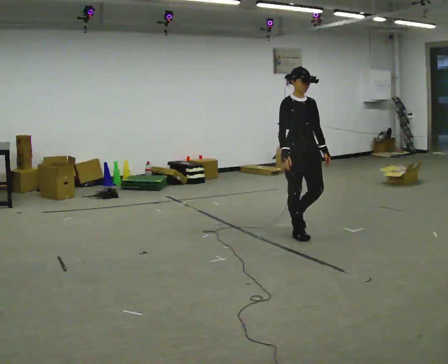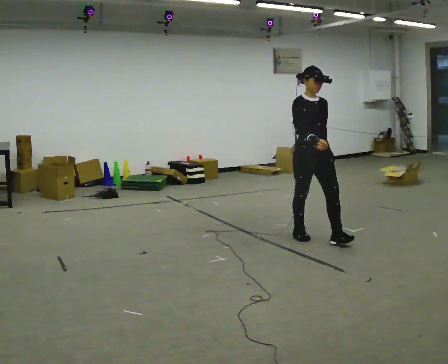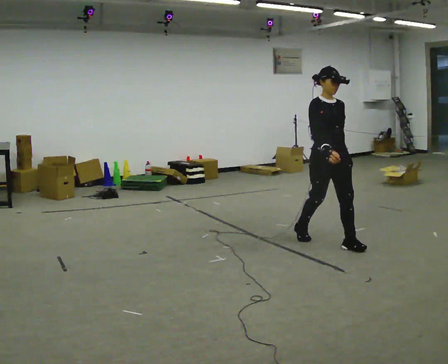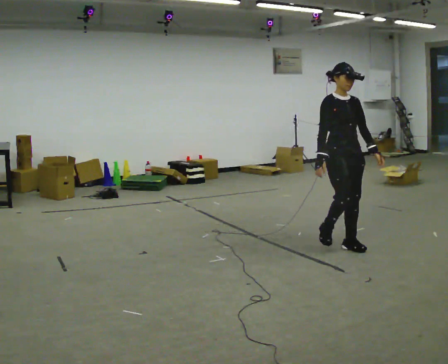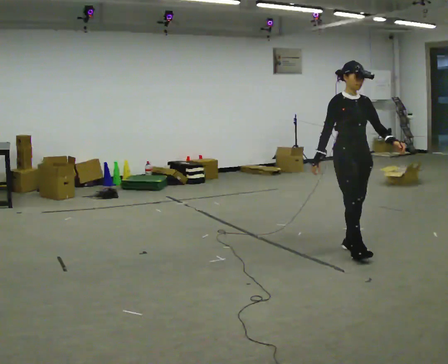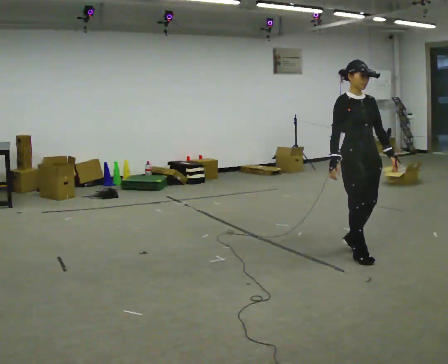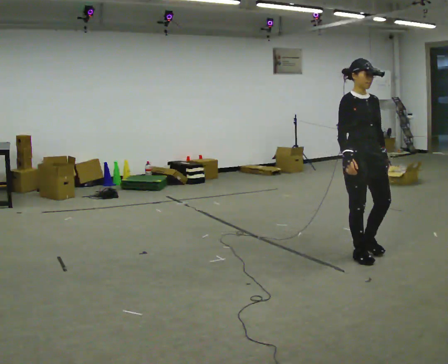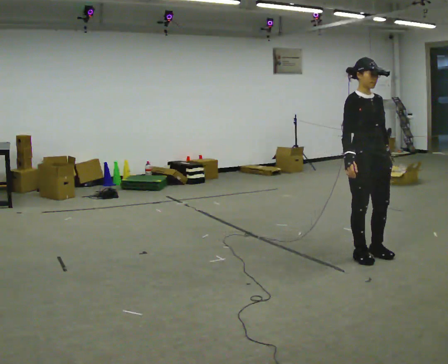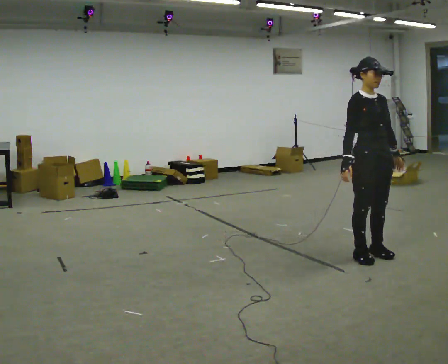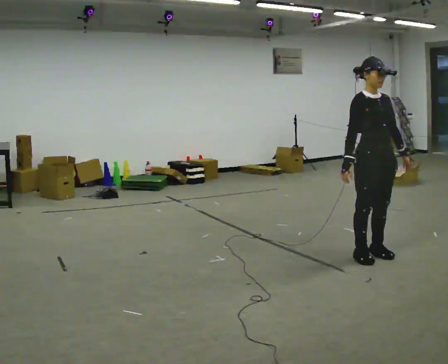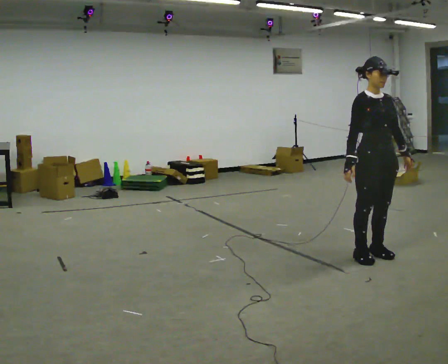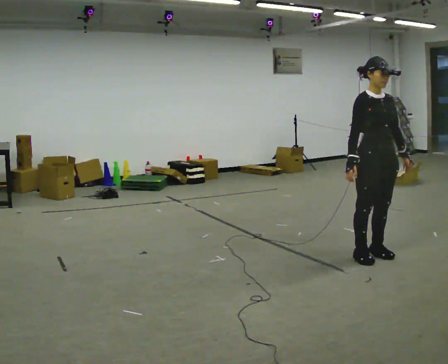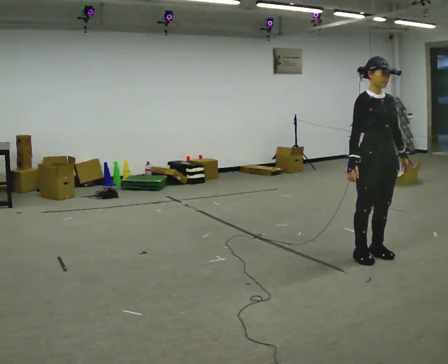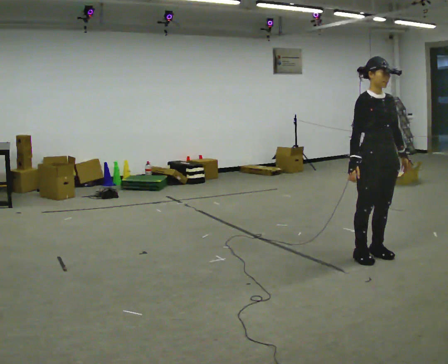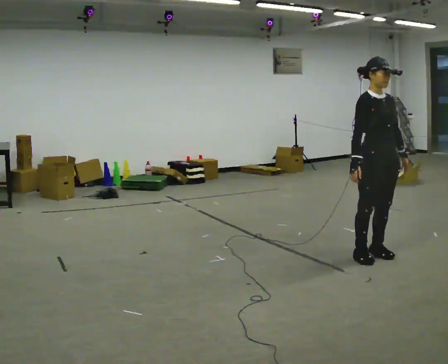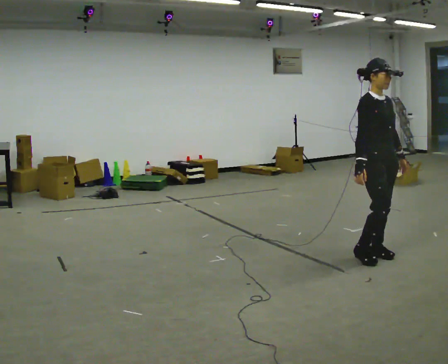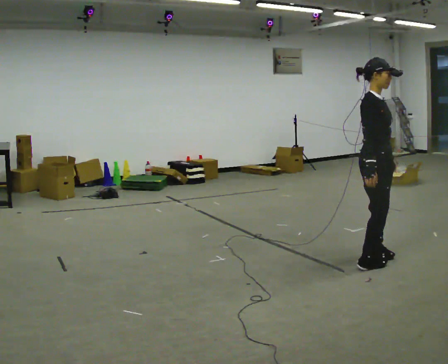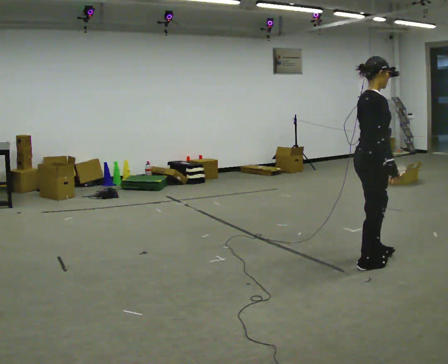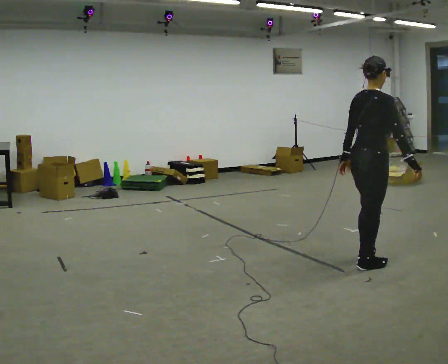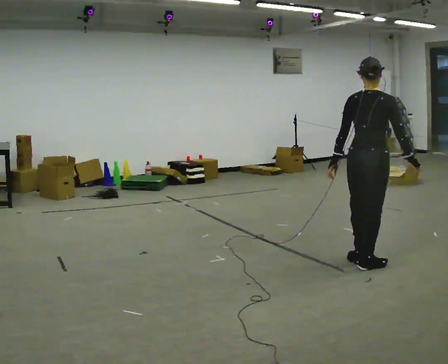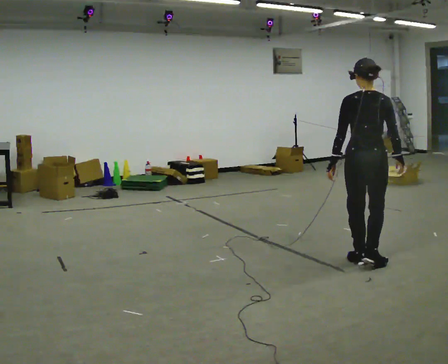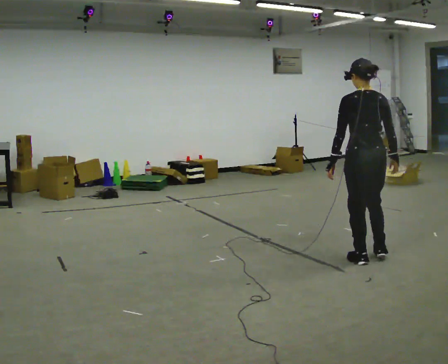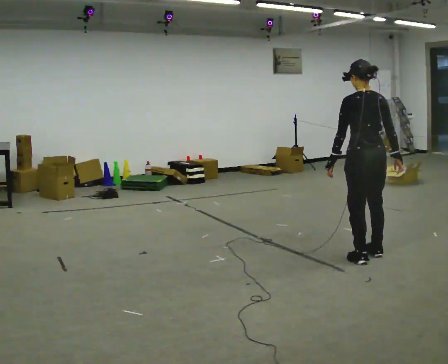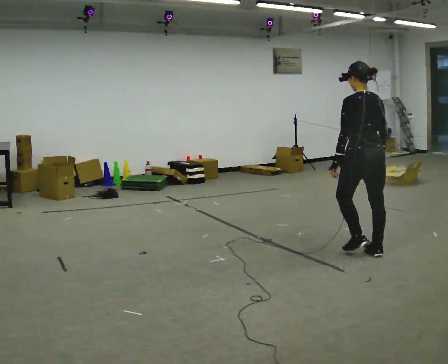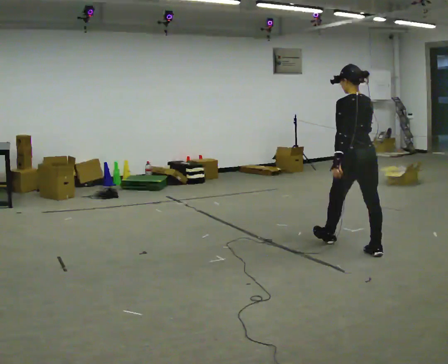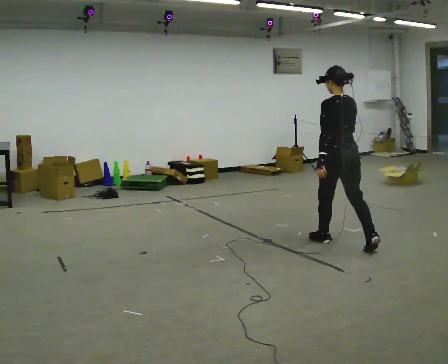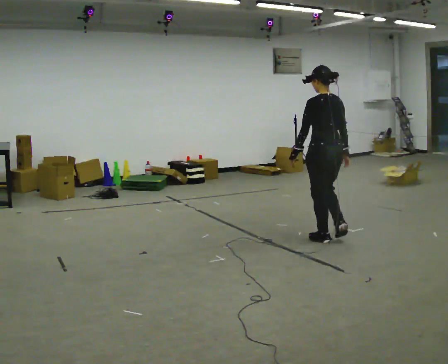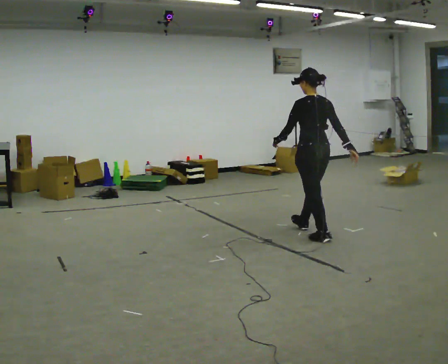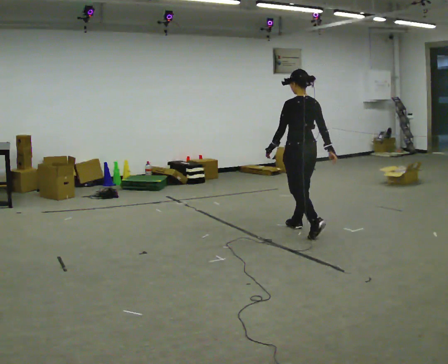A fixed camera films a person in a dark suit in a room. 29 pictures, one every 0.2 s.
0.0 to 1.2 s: In the picture they go toward the camera and to the right, about 0.5 m in 3 steps, which for them is forward.
1.2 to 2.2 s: The person moves a little, or ends about where they began.
2.2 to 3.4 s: The person turns about 90 degrees to their left, counterclockwise seen from above, so the part of the body nearest the lens slides to the right. In the picture they go toward the camera, about 0.25 m in 1 step. In the picture their left hand goes to the left, the arm swinging clockwise.
3.4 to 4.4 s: The person turns about 75 degrees to their left, counterclockwise seen from above, so the part of the body nearest the lens slides to the right. In the picture they go away from the camera, about 0.25 m in 2 steps.
4.4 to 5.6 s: In the picture they go away from the camera and to the left, about 1 m in 2 steps, which for them is forward.
The film runs forward here.
